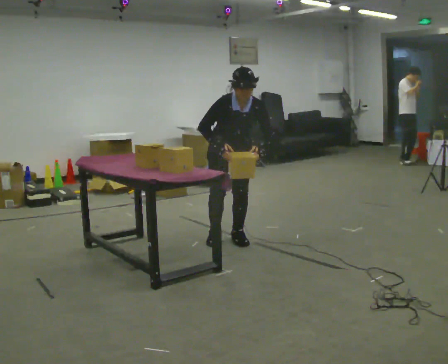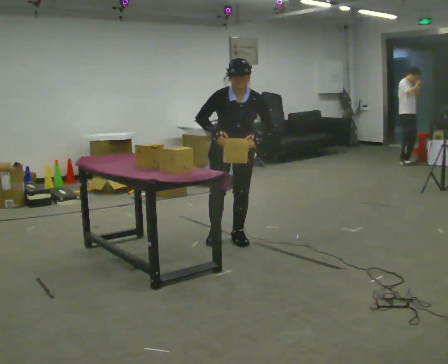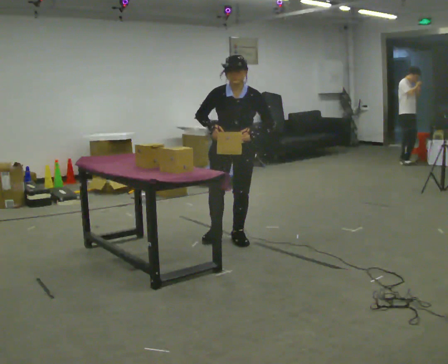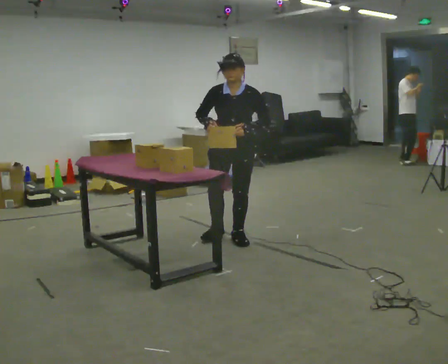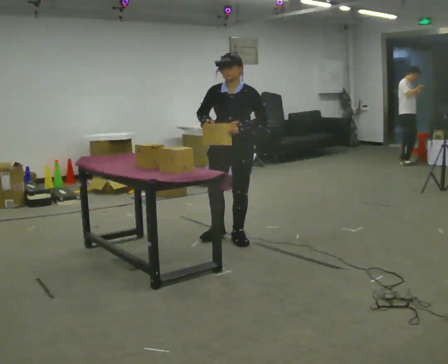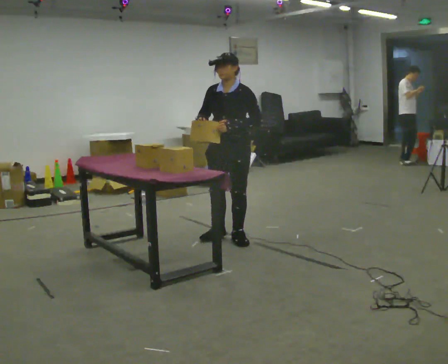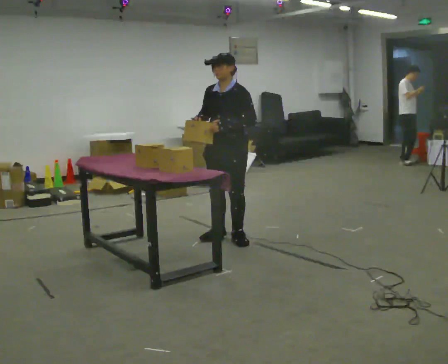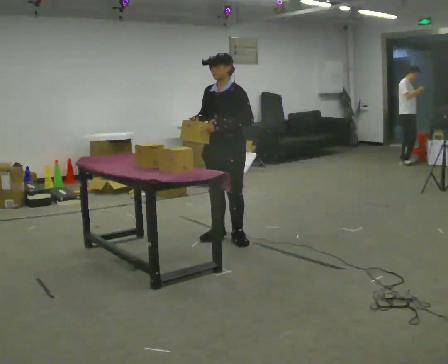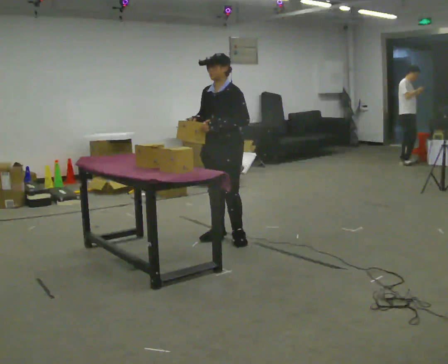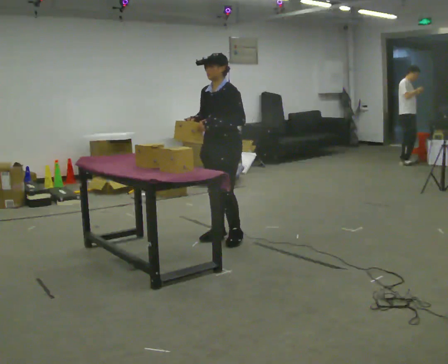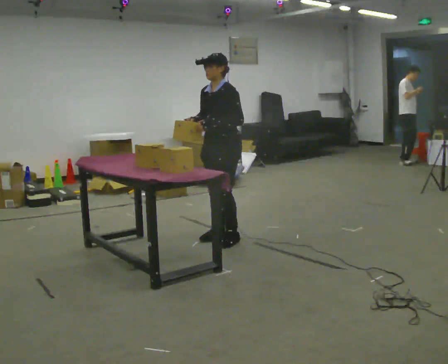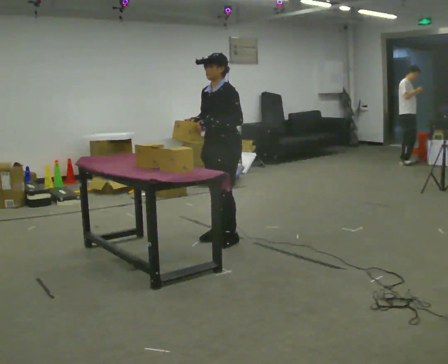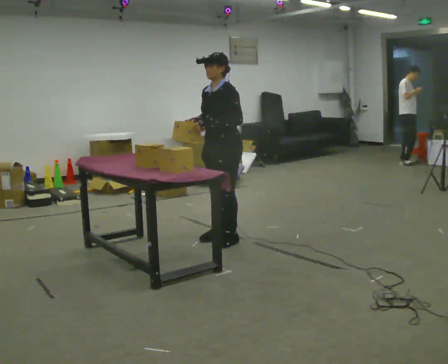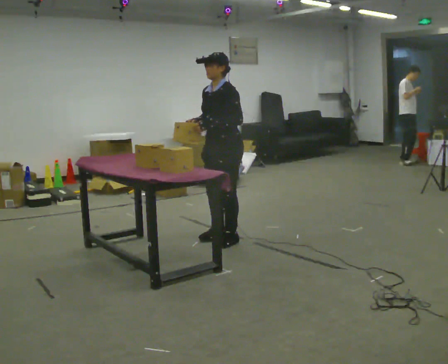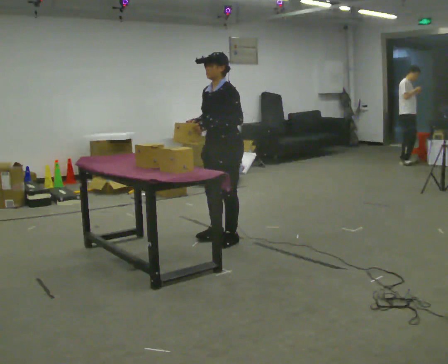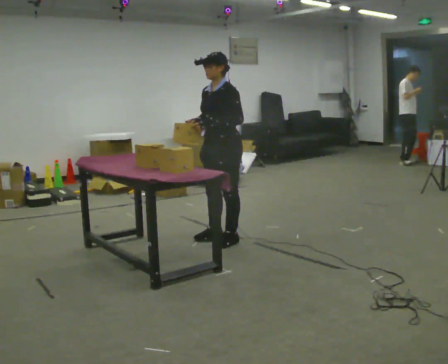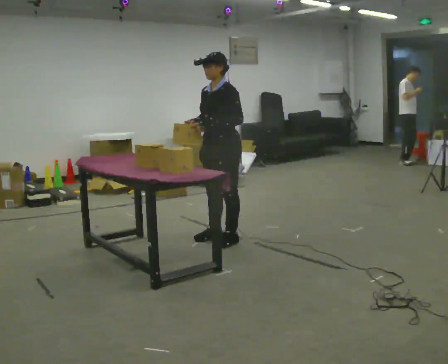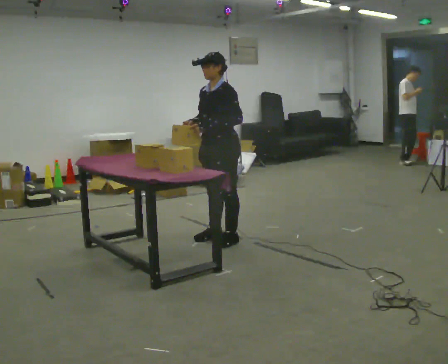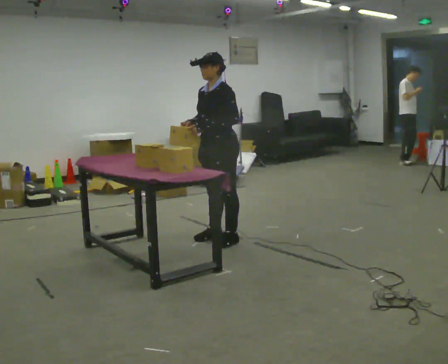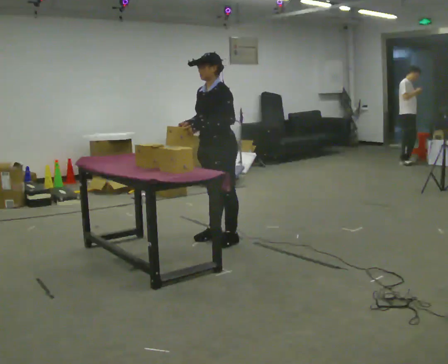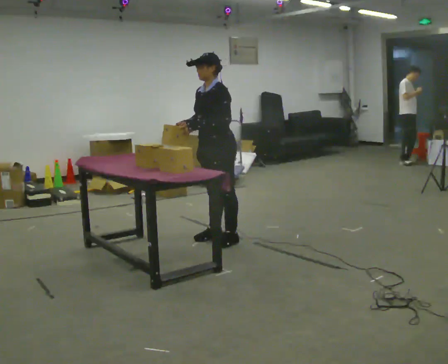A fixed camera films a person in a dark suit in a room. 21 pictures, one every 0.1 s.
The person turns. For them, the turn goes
to their right.
The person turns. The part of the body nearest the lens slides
to the left.
0.0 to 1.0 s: The part of the body nearest the lens slides to the left as the person turns to their right by about 60 degrees. The upper body tips away from the camera, its near side rolling upward, as they lean back or straighten. In the picture their left hand goes to the left.
1.0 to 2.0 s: The person moves a little, or ends about where they began.
The film runs forward here.
